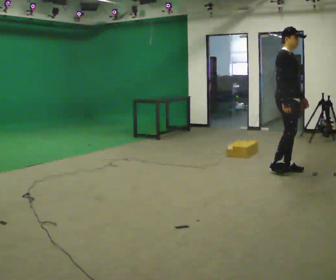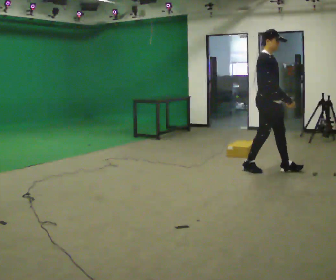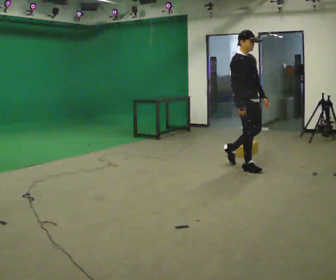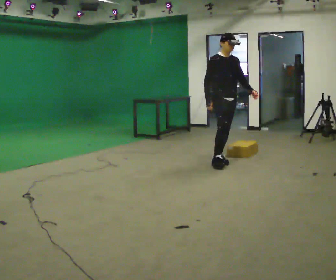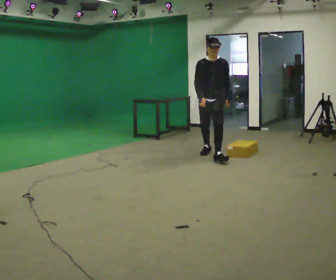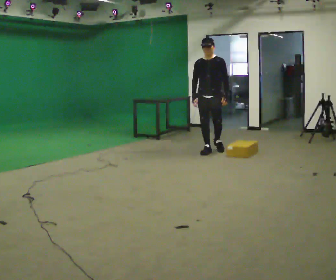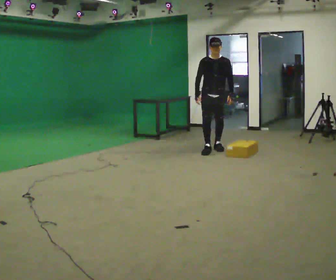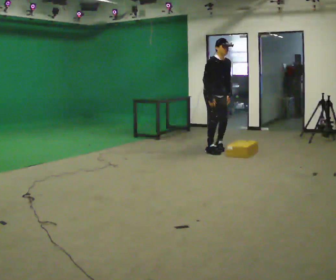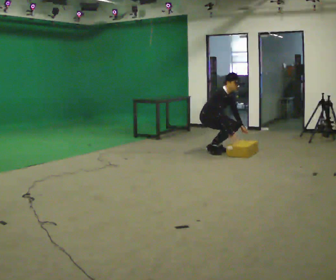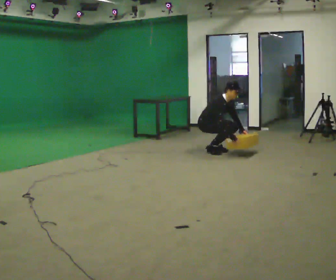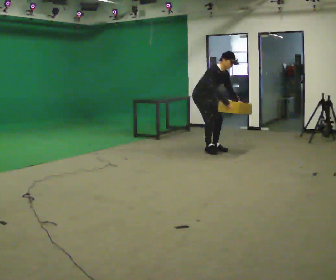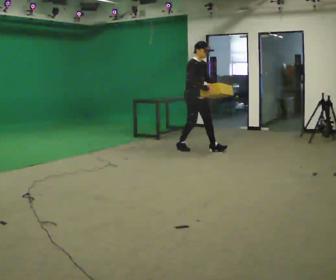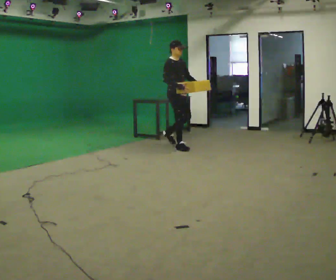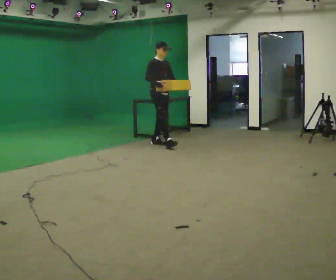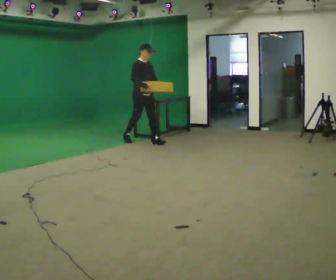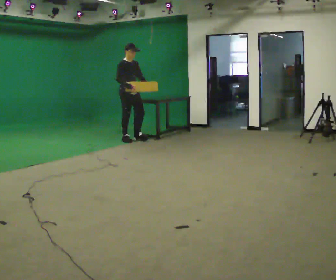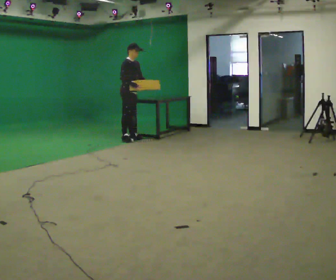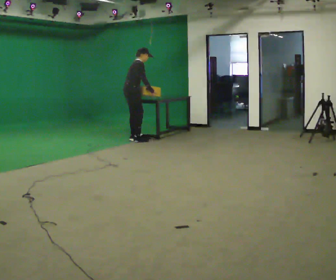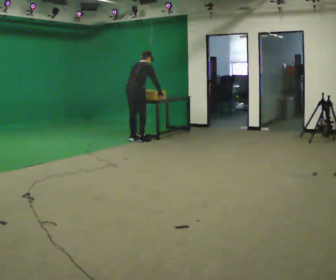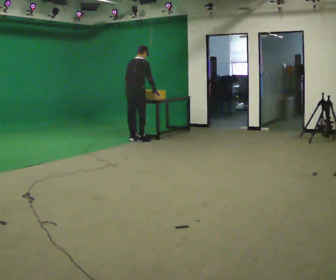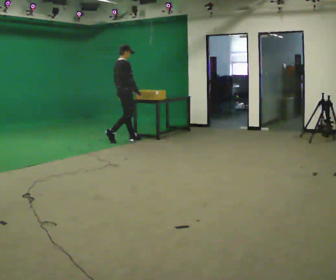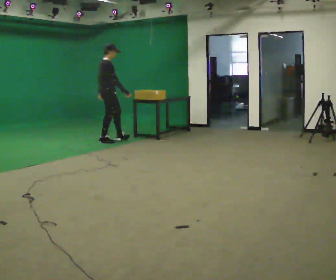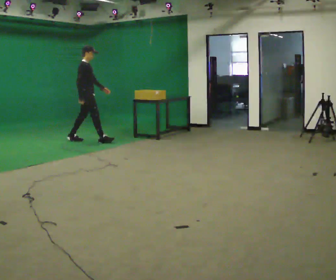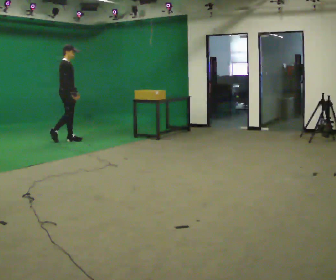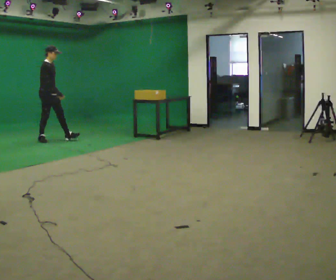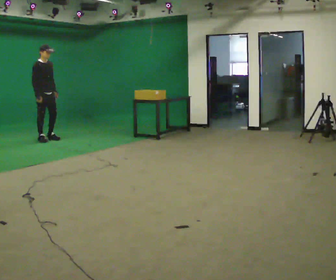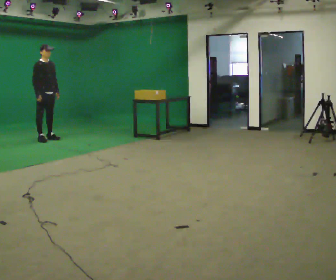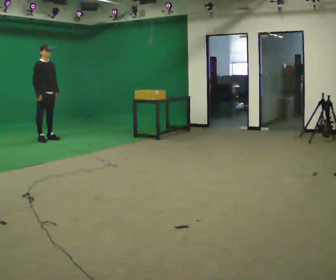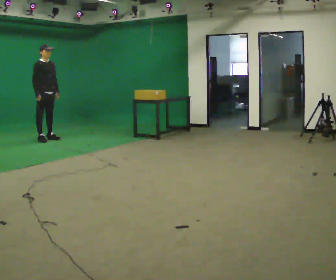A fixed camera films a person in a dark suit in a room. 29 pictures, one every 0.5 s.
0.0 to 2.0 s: The person turns about 60 degrees to their right, clockwise seen from above, so the part of the body nearest the lens slides to the left. In the picture they go away from the camera and to the left, about 1.5 m in 2 steps.
2.0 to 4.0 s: The person turns about 60 degrees to their left, counterclockwise seen from above, so the part of the body nearest the lens slides to the right. In the picture they go away from the camera, about 0.25 m in 2 steps. The shoulders move downward. In the picture the upper body tilts clockwise, shoulders to the right, as they bend forward. In the picture their right hand goes downward.
4.0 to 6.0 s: In the picture they go to the left and away from the camera, about 0.5 m in 2 steps, which for them is backward. In the picture their left hand goes upward.
6.0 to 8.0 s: In the picture they go to the left and away from the camera, about 1 m in 2 steps, which for them is backward.
8.0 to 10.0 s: Seen from above the body turns counterclockwise, about 45 degrees: to their left, with its near side sliding to the right. In the picture their left hand goes to the left.
10.0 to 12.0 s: The part of the body nearest the lens slides to the left as the person turns to their right by about 30 degrees. In the picture they go to the left, about 1.5 m in 3 steps, which for them is backward.
12.0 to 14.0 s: The part of the body nearest the lens slides to the left as the person turns to their right by about 30 degrees. In the picture their right hand goes to the left.
The film runs backward here.
